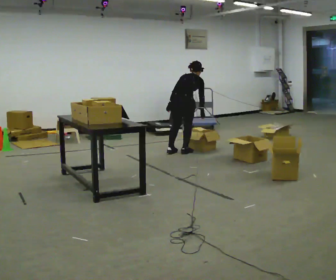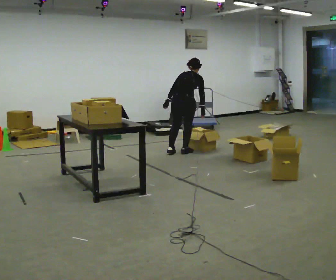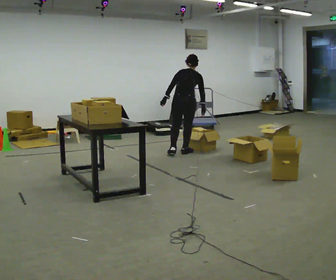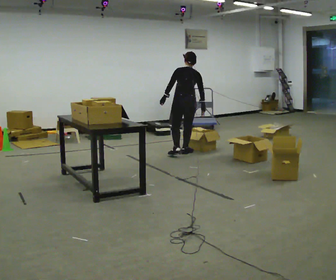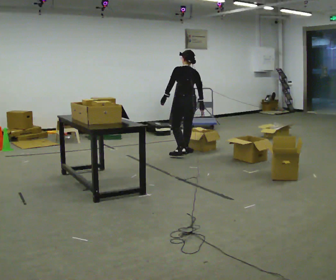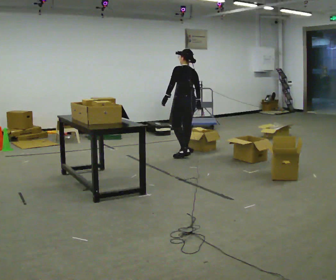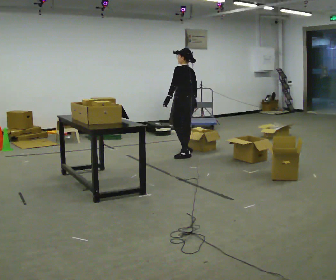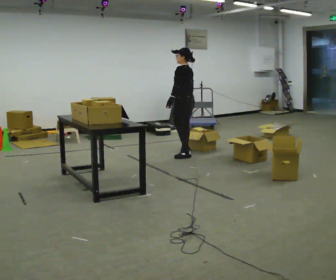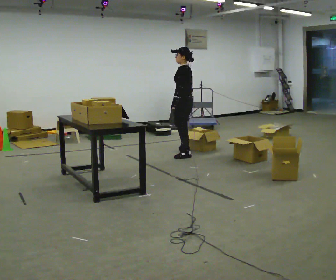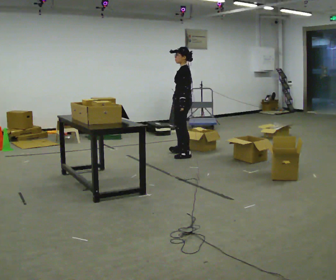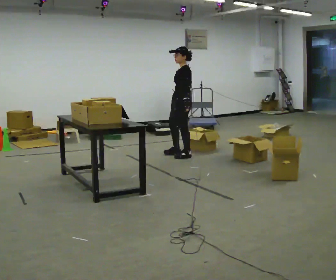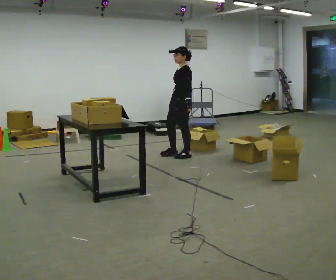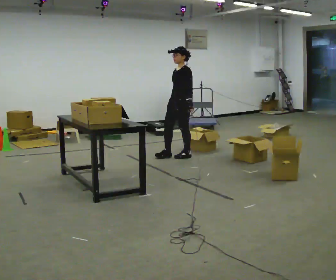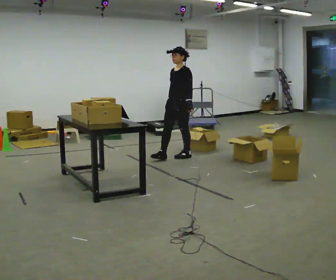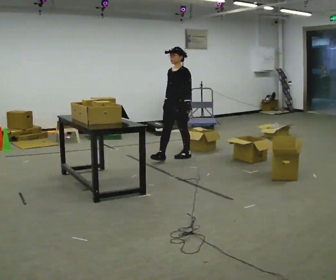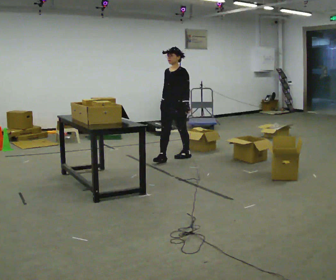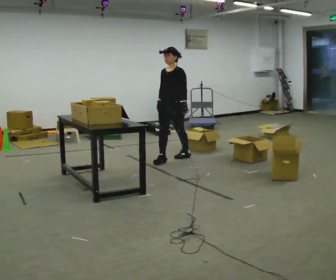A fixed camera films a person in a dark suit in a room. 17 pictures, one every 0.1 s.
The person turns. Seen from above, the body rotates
counterclockwise.
The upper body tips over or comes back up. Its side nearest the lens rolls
downward.
0.0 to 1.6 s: Seen from above the body turns counterclockwise, about 165 degrees: to their left, with its near side sliding to the right. In the picture they go toward the camera, about 0.25 m in 2 steps. The upper body tips toward the camera, its near side rolling downward, as they lean back or straighten.
The film runs forward here.
